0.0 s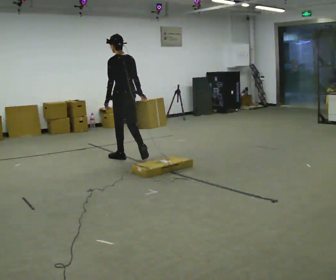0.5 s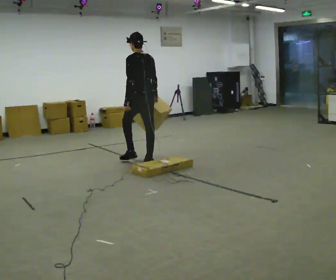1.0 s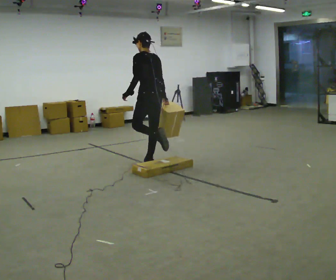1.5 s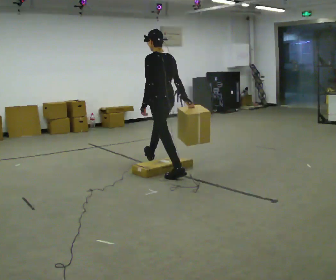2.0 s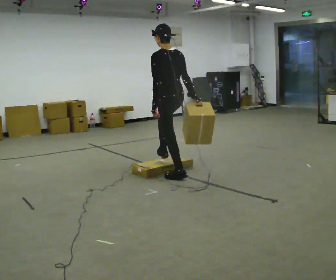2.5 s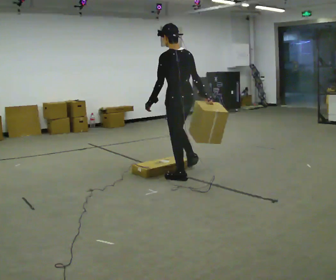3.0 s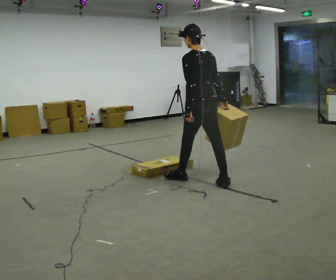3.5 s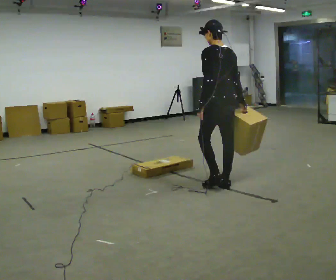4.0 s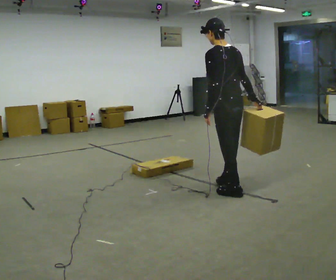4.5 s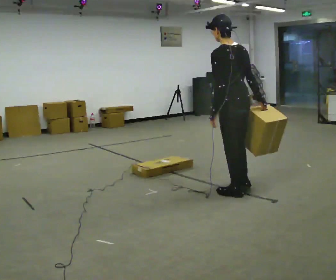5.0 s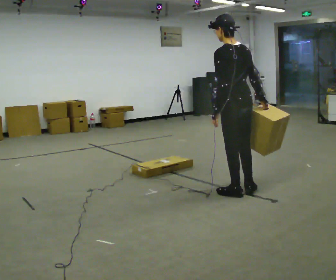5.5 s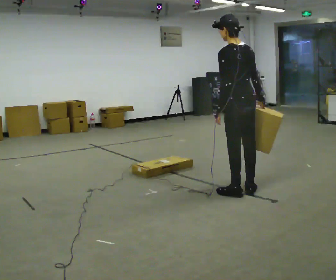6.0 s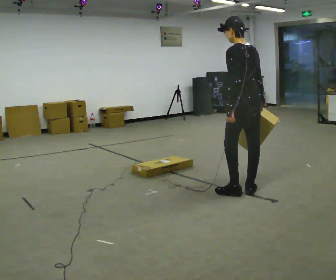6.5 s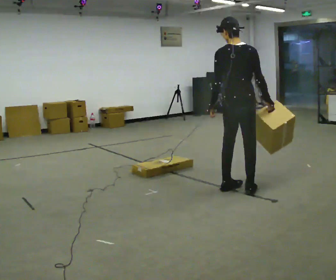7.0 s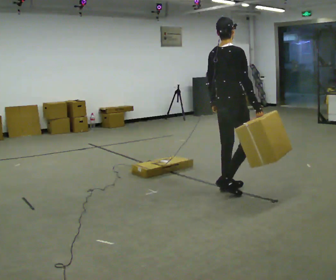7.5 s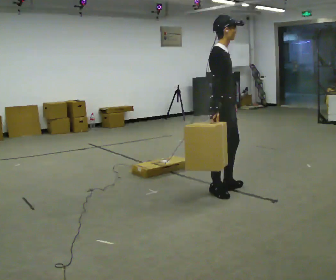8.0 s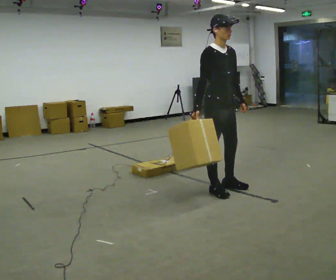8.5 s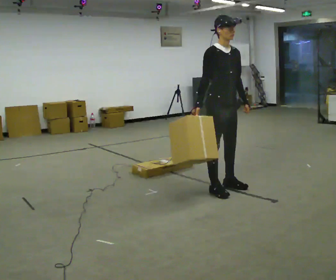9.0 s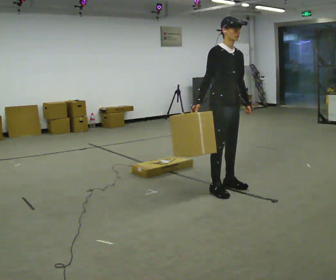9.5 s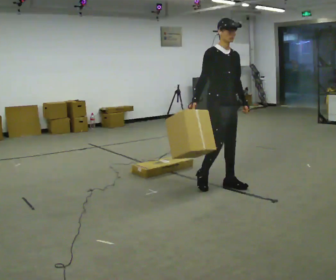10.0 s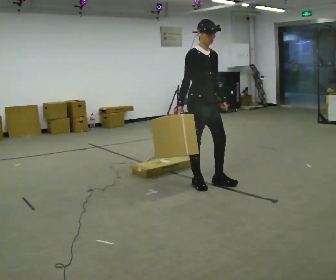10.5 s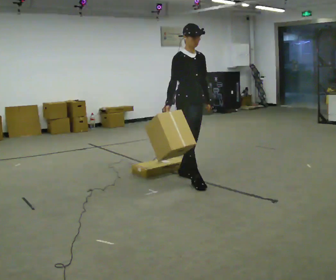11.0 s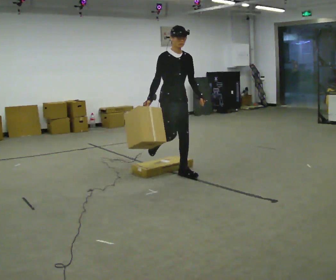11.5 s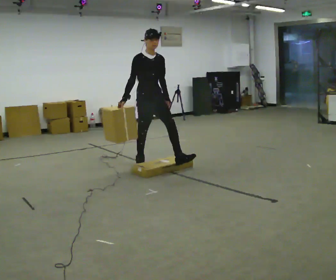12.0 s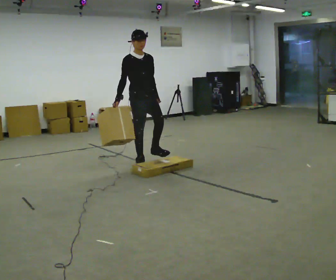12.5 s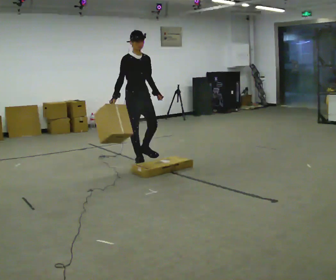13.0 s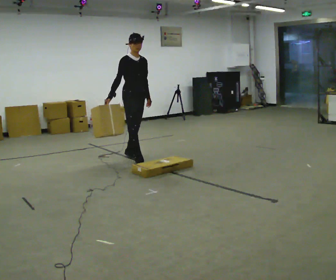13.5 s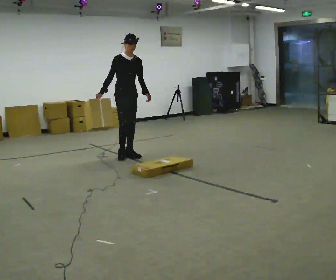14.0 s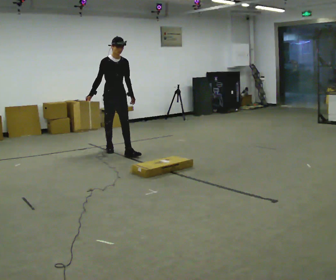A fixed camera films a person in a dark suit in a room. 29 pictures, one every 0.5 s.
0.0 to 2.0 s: In the picture they go to the right and toward the camera, about 1 m in 2 steps, which for them is backward.
2.0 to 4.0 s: In the picture they go to the right and toward the camera, about 1 m in 1 step, which for them is backward.
4.0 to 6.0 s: In the picture they go to the right, about 0.25 m in 2 steps, which for them is backward.
6.0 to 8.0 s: The person turns about 165 degrees to their right, clockwise seen from above, so the part of the body nearest the lens slides to the left. In the picture they go to the left, about 0.25 m in 2 steps.
8.0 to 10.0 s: In the picture they go away from the camera and to the left, about 0.25 m in 2 steps, which for them is backward.
10.0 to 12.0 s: In the picture they go to the left and away from the camera, about 1 m in 2 steps, which for them is backward.
12.0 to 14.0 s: In the picture they go to the left and away from the camera, about 1 m in 1 step, which for them is backward.
The film runs backward here.
